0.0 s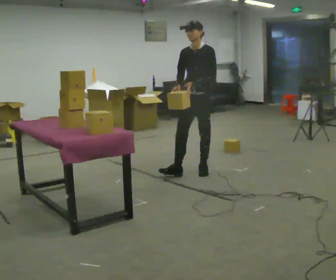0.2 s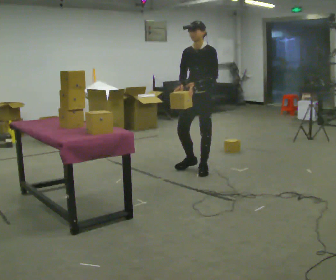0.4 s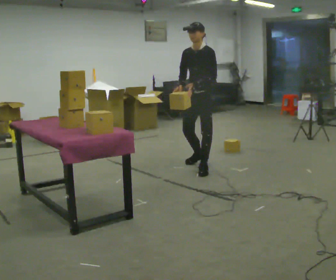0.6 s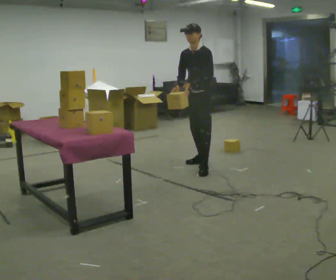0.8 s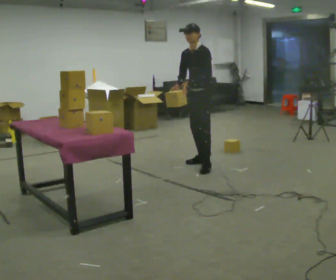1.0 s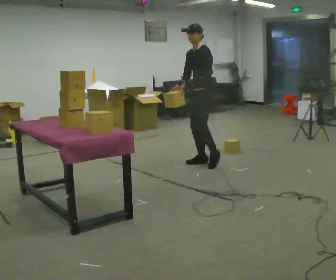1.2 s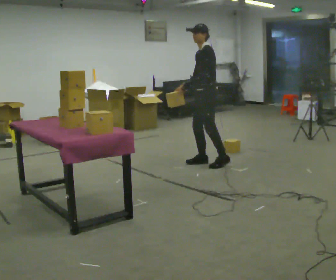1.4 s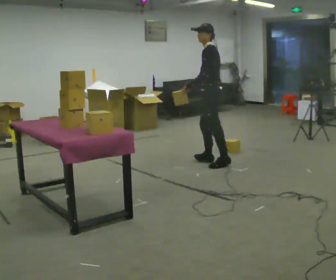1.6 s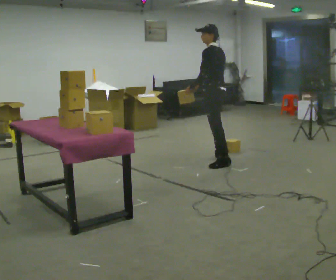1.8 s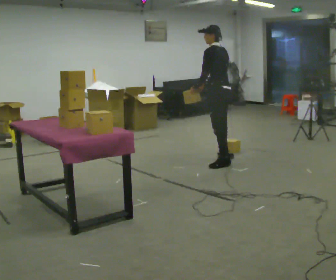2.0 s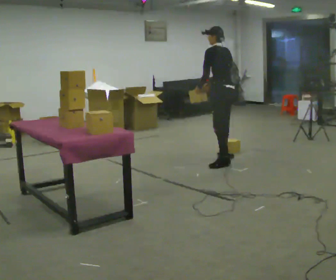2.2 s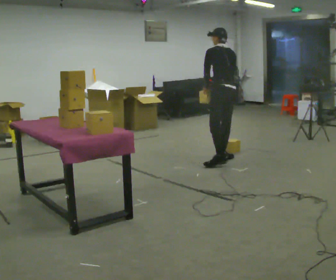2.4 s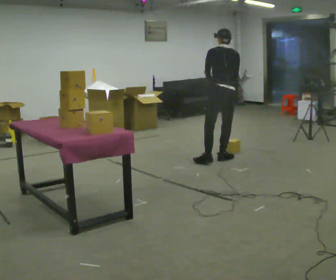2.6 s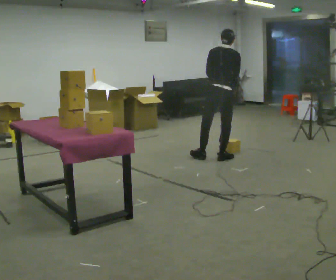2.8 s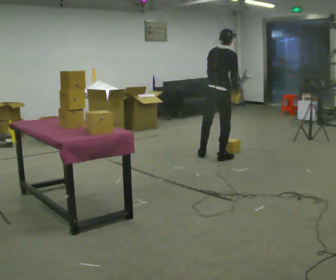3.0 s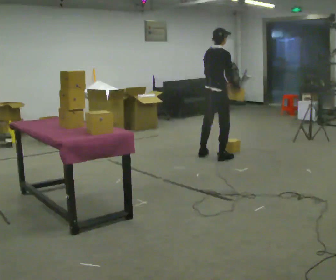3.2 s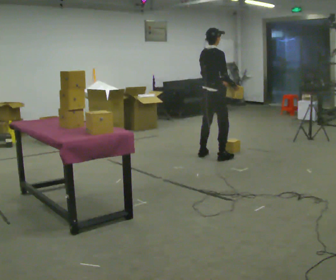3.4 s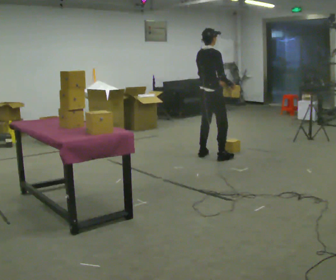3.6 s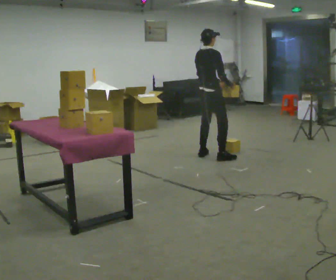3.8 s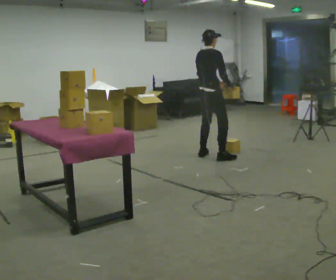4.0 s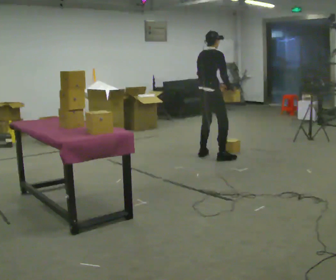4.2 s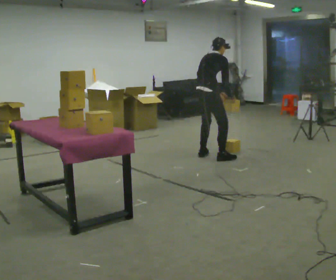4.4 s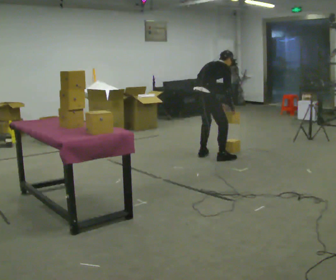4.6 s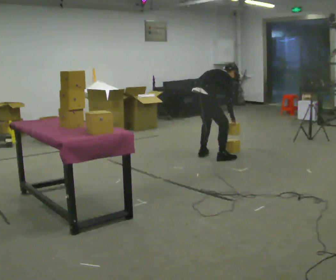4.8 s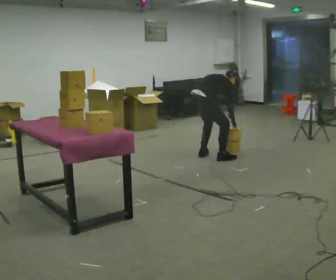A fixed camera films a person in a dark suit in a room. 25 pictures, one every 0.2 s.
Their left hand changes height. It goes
downward.
Their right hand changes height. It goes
downward.
0.0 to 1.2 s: The part of the body nearest the lens slides to the left as the person turns to their right by about 45 degrees. In the picture they go away from the camera, about 0.25 m in 1 step, which for them is backward.
1.2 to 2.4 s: Seen from above the body turns clockwise, about 90 degrees: to their right, with its near side sliding to the left. In the picture they go away from the camera and to the right, about 0.25 m in 2 steps. The upper body tips away from the camera, its near side rolling upward.
2.4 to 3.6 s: The person turns about 60 degrees to their right, clockwise seen from above, so the part of the body nearest the lens slides to the left. In the picture they go to the left and away from the camera, about 0.25 m. The upper body tips toward the camera, its near side rolling downward, as they lean back or straighten.
3.6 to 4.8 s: The shoulders move downward. The upper body tips away from the camera, its near side rolling upward, as they bend forward. In the picture their left hand goes downward.
The film runs backward here.
